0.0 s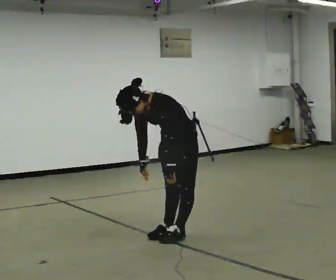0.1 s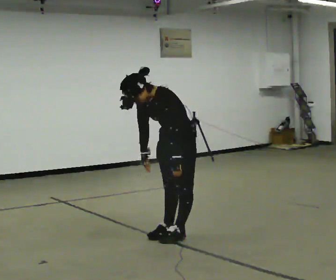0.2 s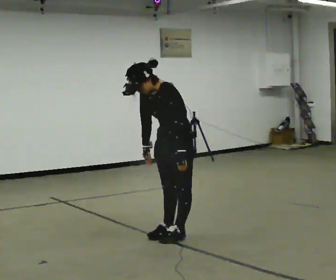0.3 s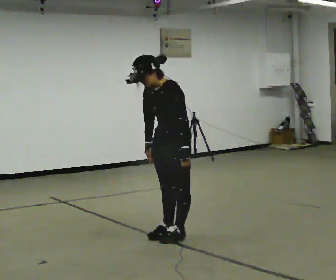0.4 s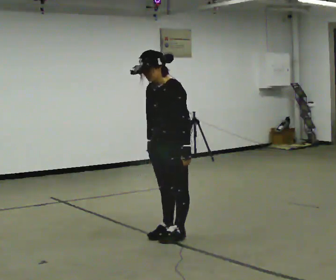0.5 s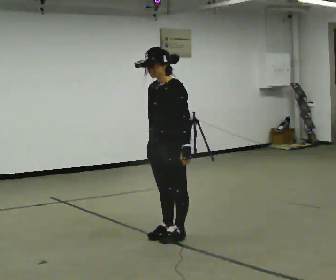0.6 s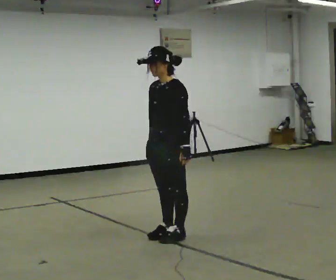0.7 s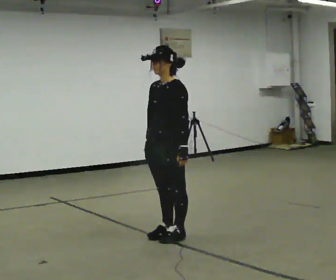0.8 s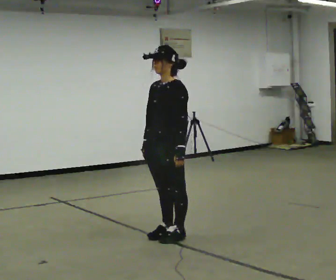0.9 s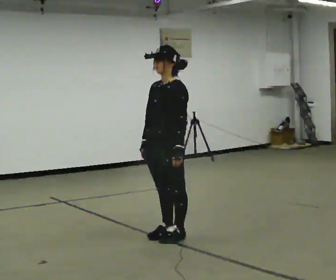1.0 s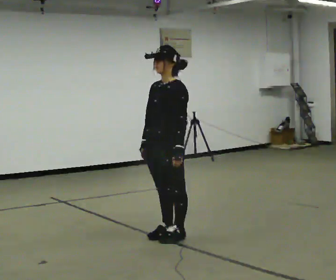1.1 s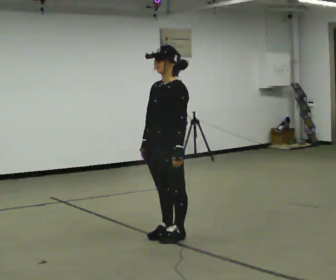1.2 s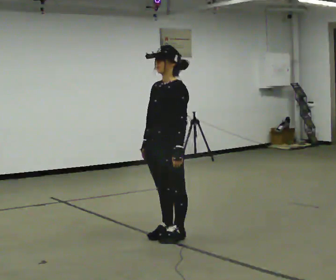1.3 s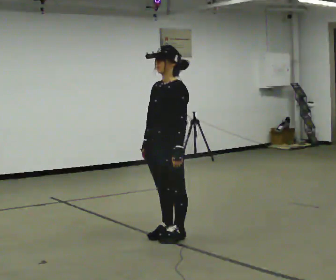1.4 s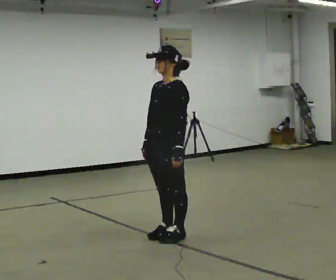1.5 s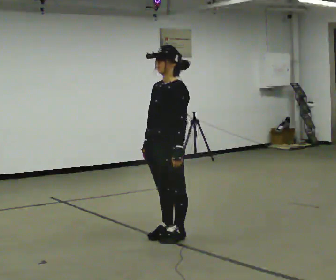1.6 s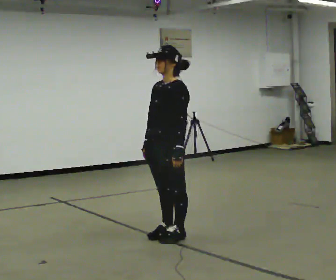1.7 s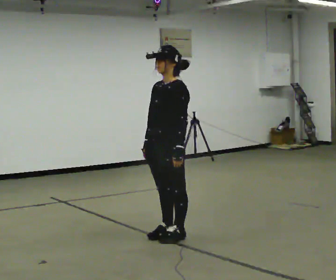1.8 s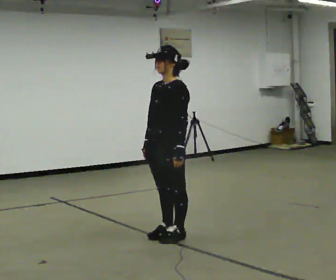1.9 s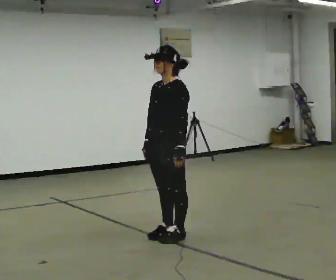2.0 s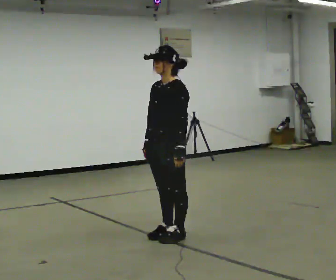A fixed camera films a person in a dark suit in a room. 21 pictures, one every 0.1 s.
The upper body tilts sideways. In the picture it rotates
clockwise.
0.0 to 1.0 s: The upper body goes upward. In the picture the upper body tilts clockwise, shoulders to the right, as they lean back or straighten.
1.0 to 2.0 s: The person moves a little, or ends about where they began.
The film runs forward here.
